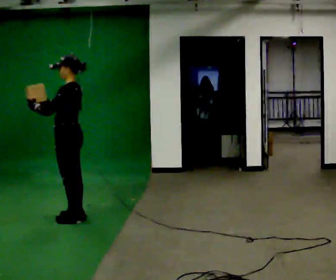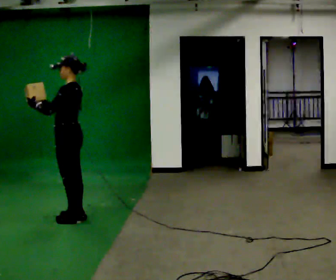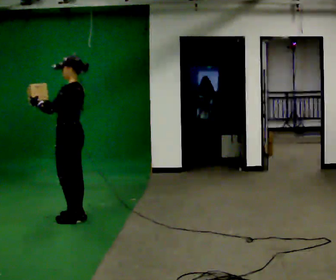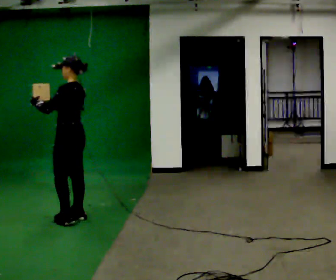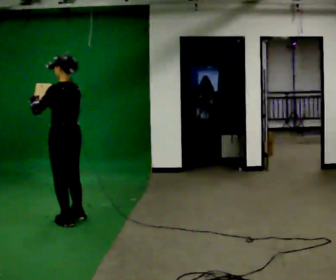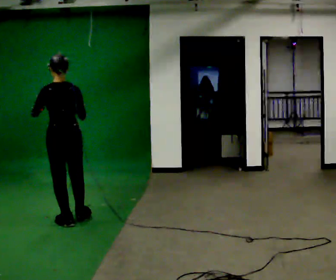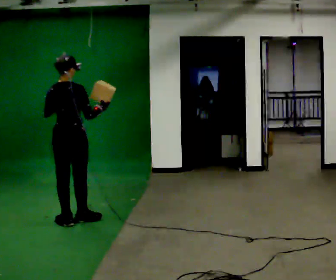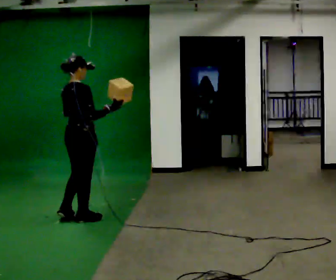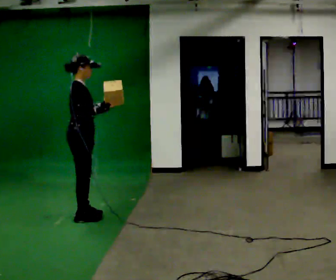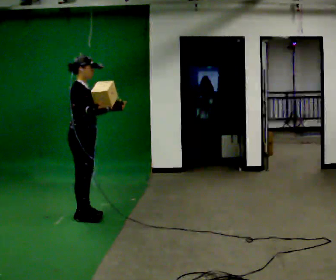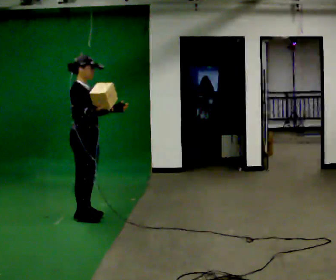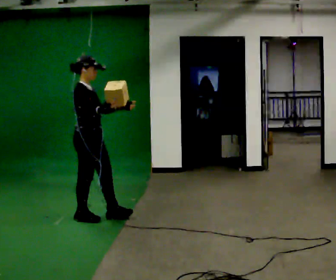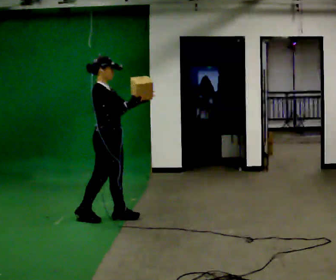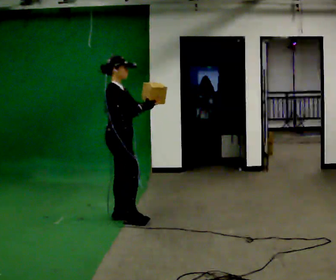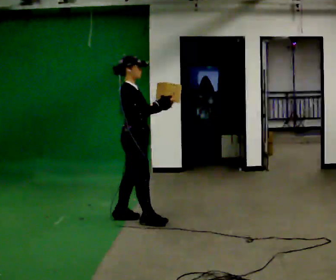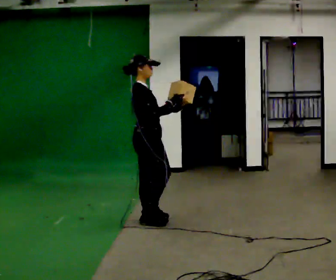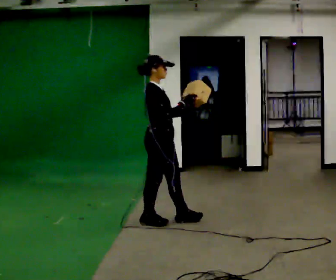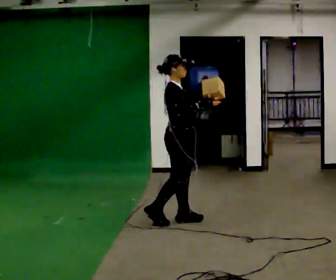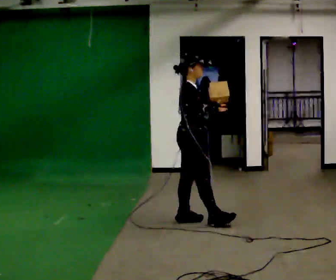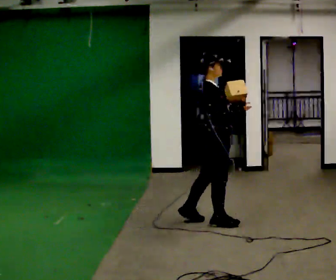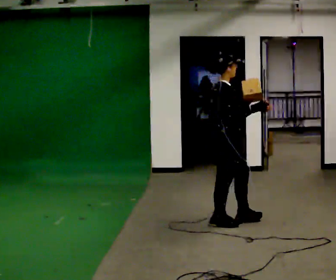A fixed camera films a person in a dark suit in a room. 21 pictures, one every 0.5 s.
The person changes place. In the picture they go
to the right.
The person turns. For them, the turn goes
to their right.
0.0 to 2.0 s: The person turns about 30 degrees to their right, clockwise seen from above, so the part of the body nearest the lens slides to the left.
2.0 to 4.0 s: The part of the body nearest the lens slides to the left as the person turns to their right by about 135 degrees. In the picture their right hand goes to the right.
4.0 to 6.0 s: In the picture they go to the right, about 0.25 m in 1 step, which for them is forward.
6.0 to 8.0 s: In the picture they go to the right and toward the camera, about 0.5 m in 2 steps, which for them is forward.
8.0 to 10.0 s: In the picture they go to the right, about 0.75 m in 1 step, which for them is forward.
The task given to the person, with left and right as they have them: Carry the object in one hand and, while walking, pass it to your other hand. Keep passing it back and forth as you walk.
The film runs forward here.
